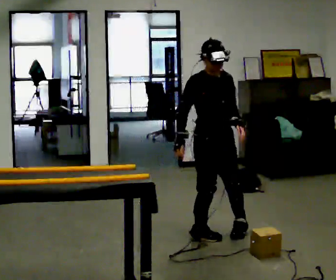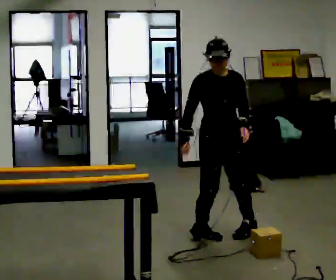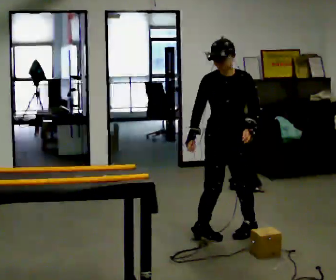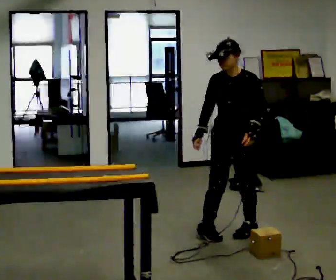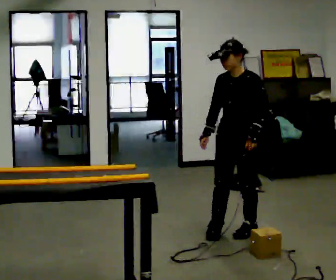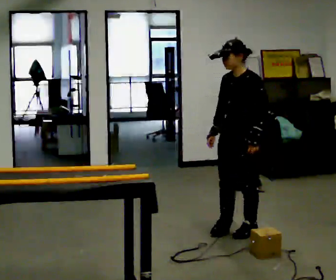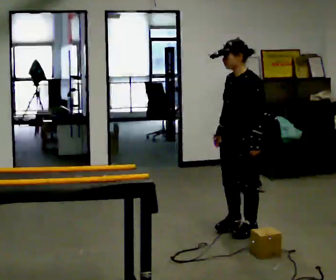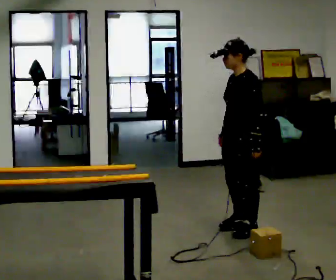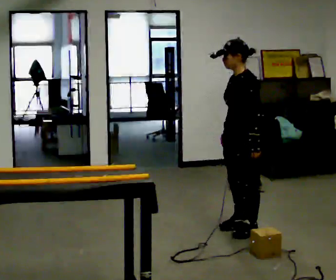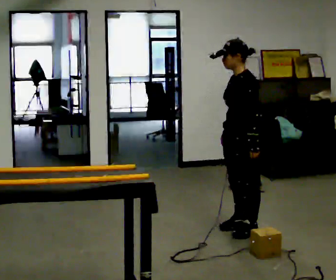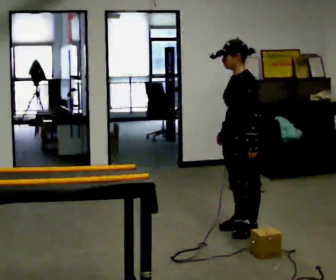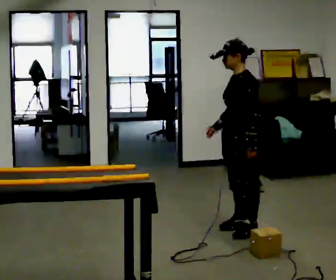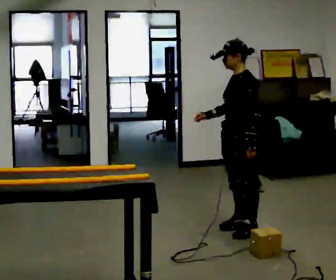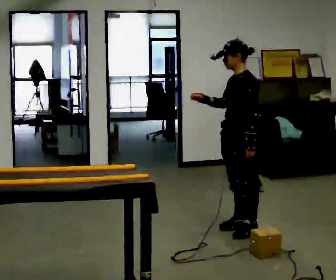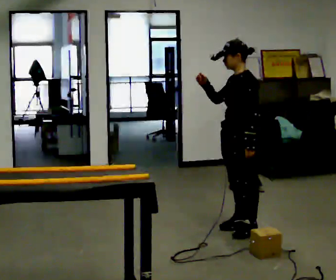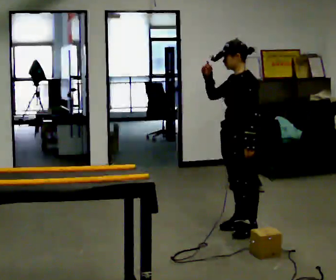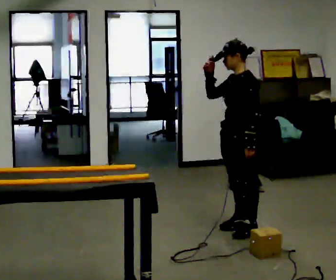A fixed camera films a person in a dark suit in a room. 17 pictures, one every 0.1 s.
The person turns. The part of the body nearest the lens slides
to the left.
Their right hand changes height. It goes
upward.
0.0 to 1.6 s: The person turns about 90 degrees to their right, clockwise seen from above, so the part of the body nearest the lens slides to the left. In the picture they go away from the camera and to the right, about 0.25 m in 2 steps. In the picture their right hand goes upward.
The film runs forward here.
